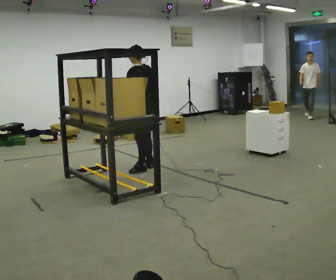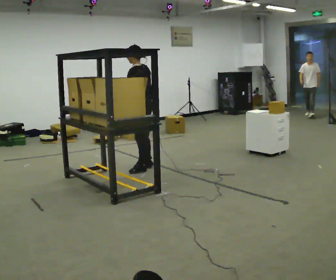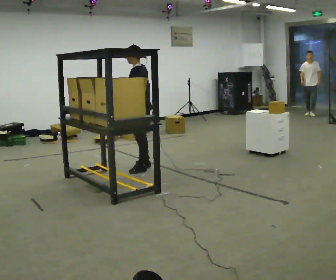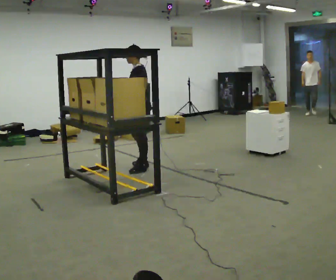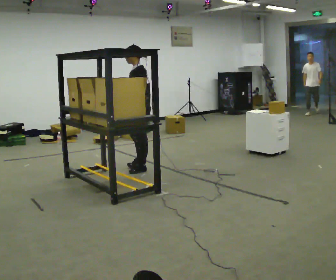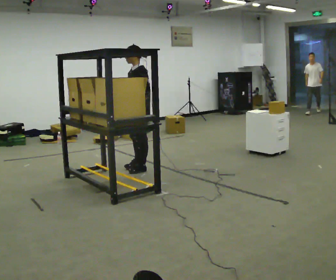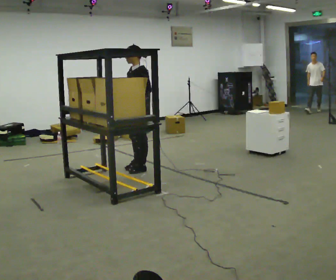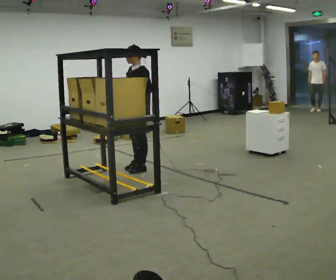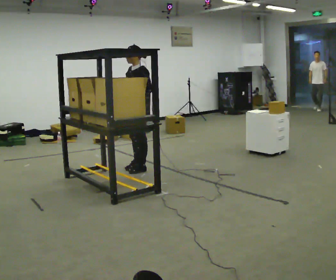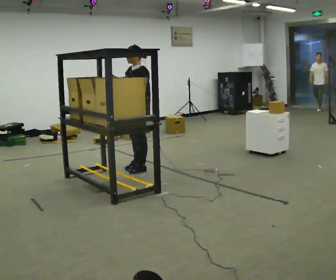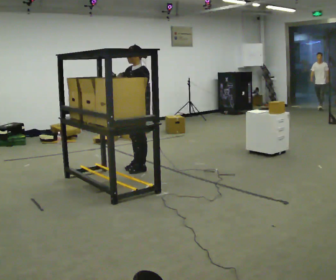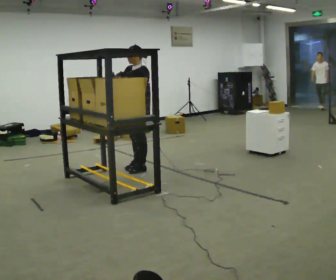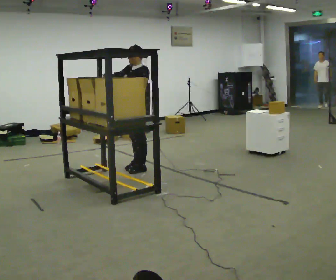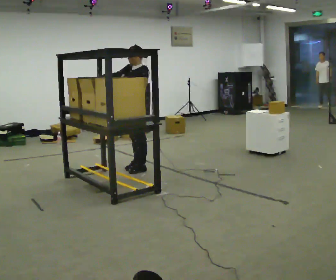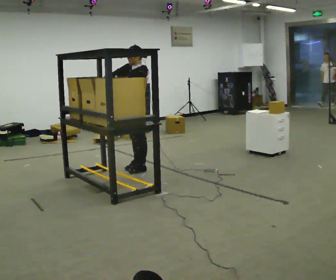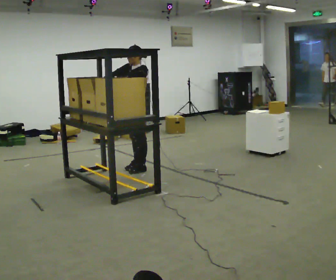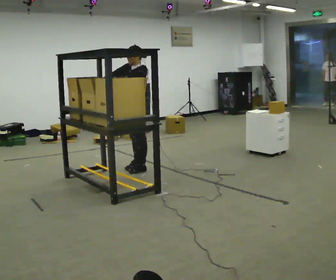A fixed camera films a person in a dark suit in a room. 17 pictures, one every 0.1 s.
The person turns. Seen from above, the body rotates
counterclockwise.
The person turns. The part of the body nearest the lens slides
to the right.
0.0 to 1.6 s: The part of the body nearest the lens slides to the right as the person turns to their left by about 75 degrees. In the picture their right hand goes to the left and upward.
The film runs backward here.
